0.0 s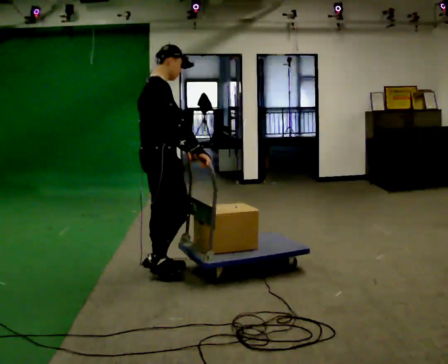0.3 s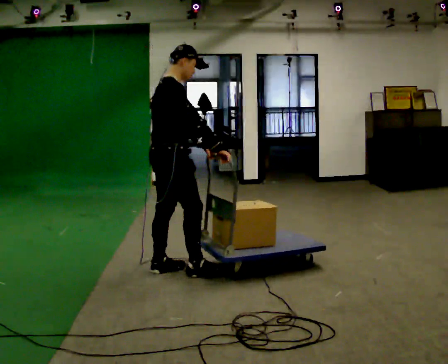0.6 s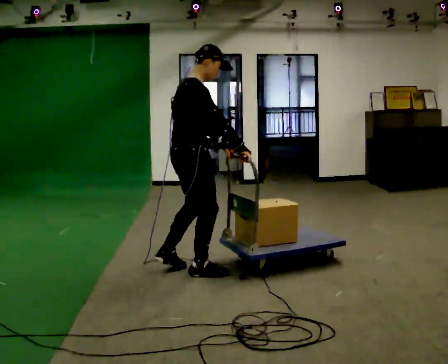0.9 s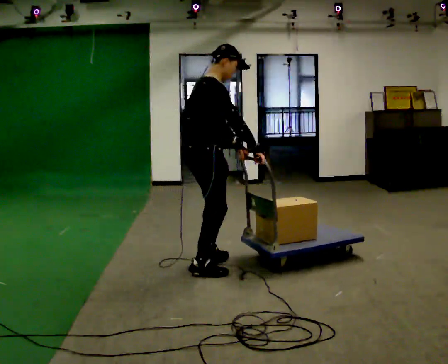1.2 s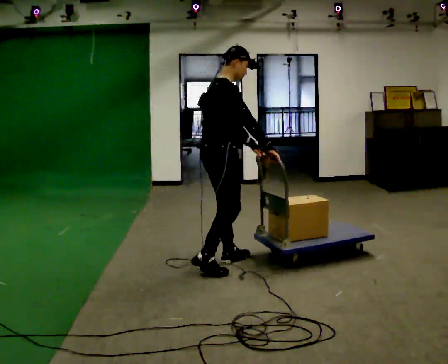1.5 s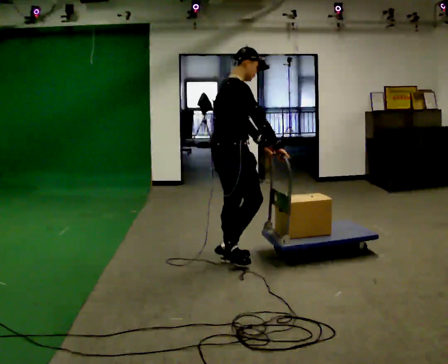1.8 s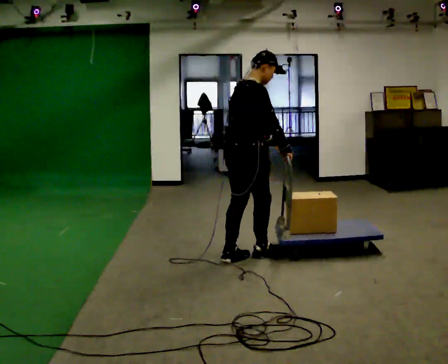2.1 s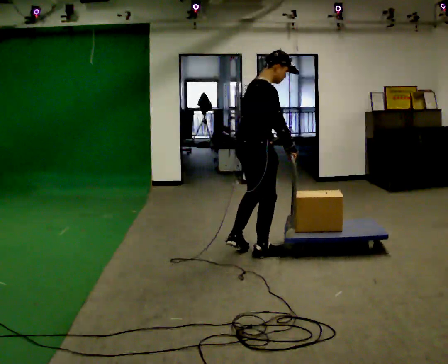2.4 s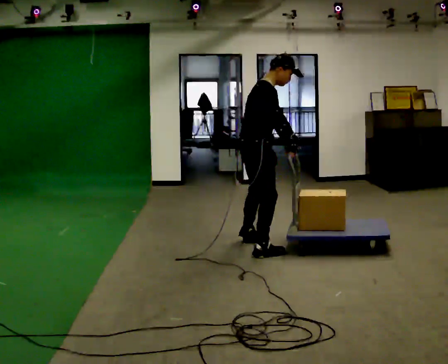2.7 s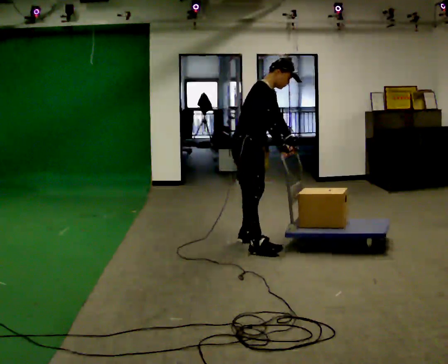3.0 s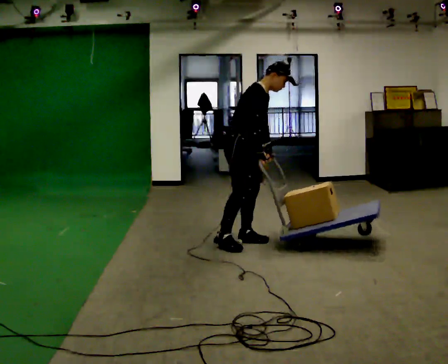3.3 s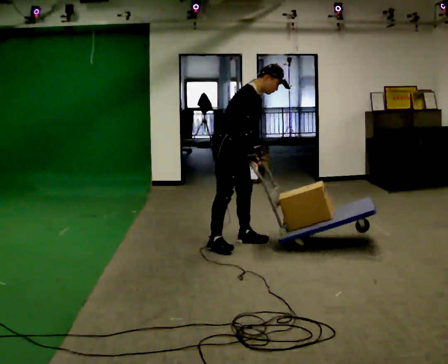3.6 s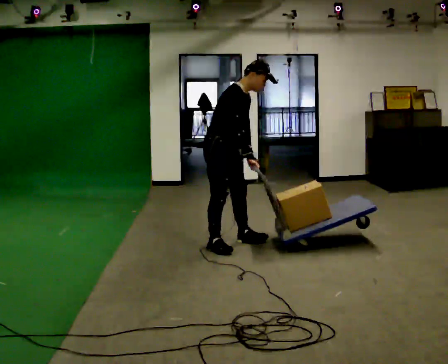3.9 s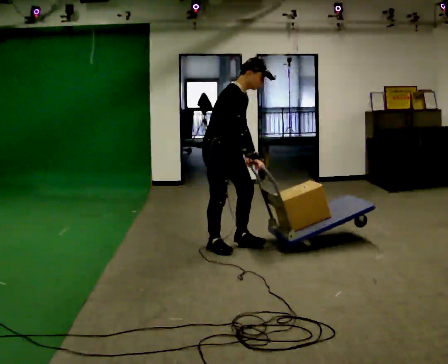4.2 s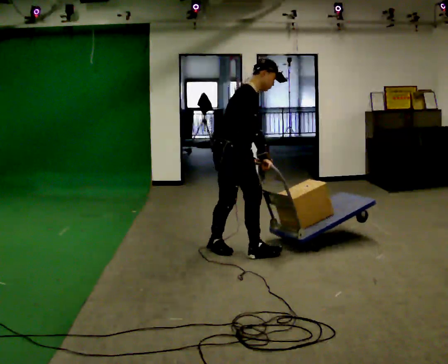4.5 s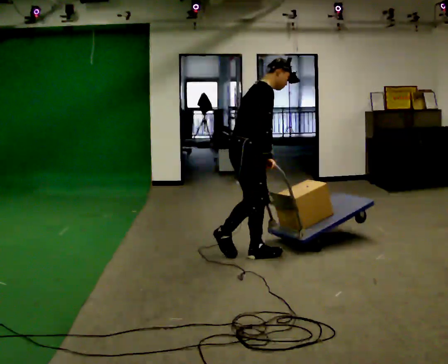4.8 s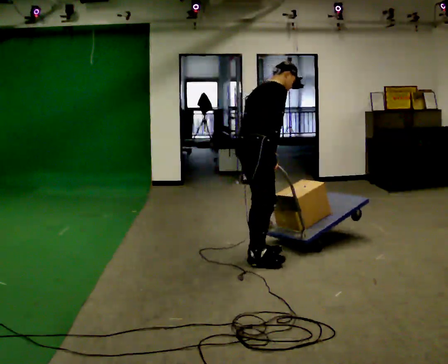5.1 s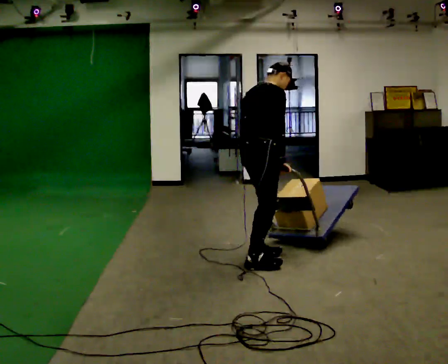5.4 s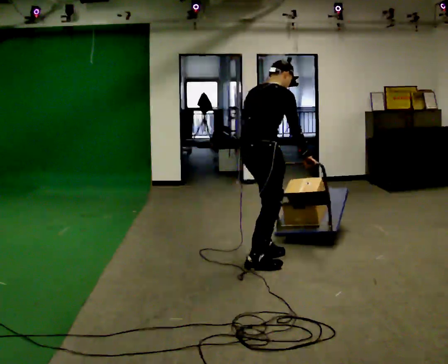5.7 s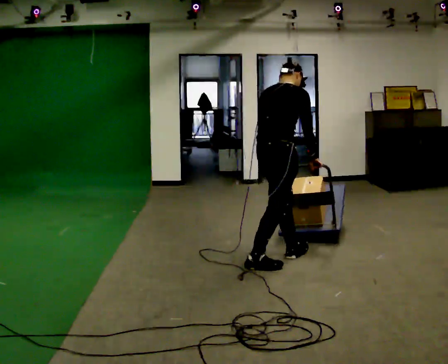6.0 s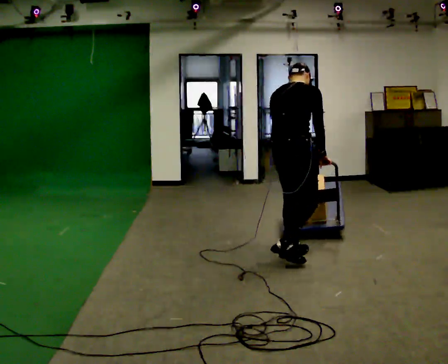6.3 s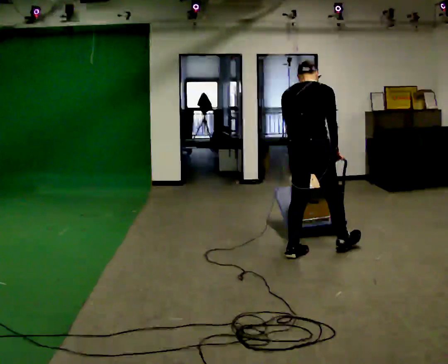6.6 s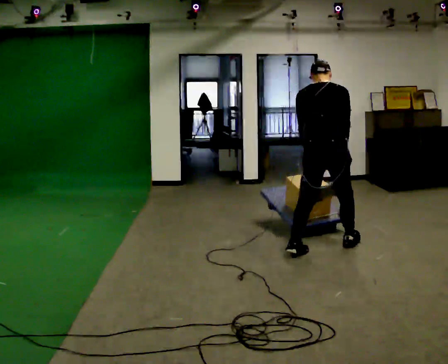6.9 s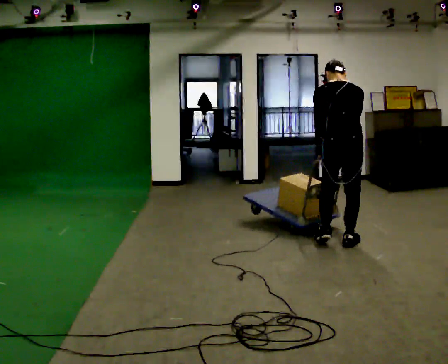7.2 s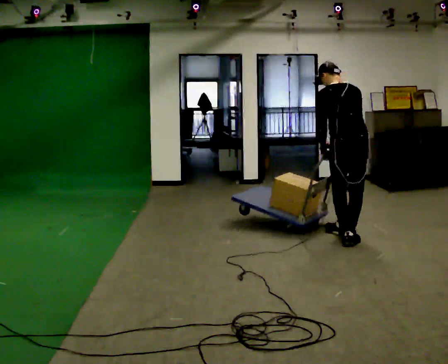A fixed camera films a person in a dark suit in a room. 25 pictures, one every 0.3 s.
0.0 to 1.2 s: In the picture they go to the right and away from the camera, about 0.5 m in 2 steps, which for them is forward.
1.2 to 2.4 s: In the picture they go away from the camera and to the right, about 0.5 m in 1 step, which for them is forward and to their left.
2.4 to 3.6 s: Seen from above the body turns clockwise, about 30 degrees: to their right, with its near side sliding to the left. In the picture they go to the left, about 0.25 m in 2 steps, which for them is backward.
3.6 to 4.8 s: Seen from above the body turns counterclockwise, about 30 degrees: to their left, with its near side sliding to the right. In the picture they go toward the camera and to the right, about 0.5 m in 1 step, which for them is forward and to their right. The upper body tips away from the camera, its near side rolling upward.
4.8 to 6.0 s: Seen from above the body turns counterclockwise, about 30 degrees: to their left, with its near side sliding to the right. In the picture they go to the right, about 0.25 m in 2 steps, which for them is forward and to their right.
6.0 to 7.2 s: Seen from above the body turns counterclockwise, about 45 degrees: to their left, with its near side sliding to the right. In the picture they go to the right and away from the camera, about 0.5 m in 2 steps, which for them is forward and to their right. In the picture the upper body tilts counterclockwise, shoulders to the left.
The film runs forward here.
